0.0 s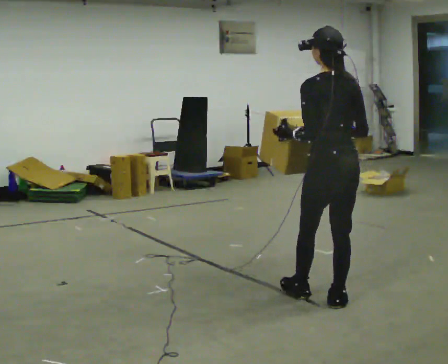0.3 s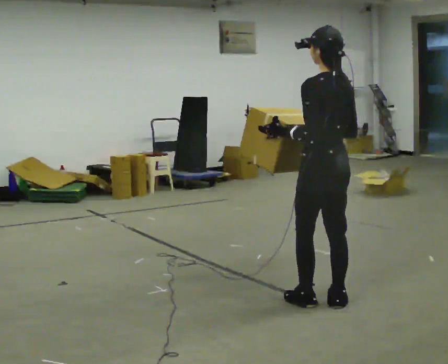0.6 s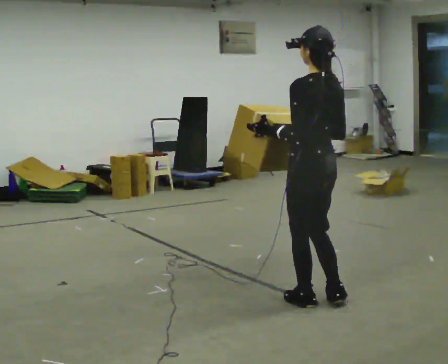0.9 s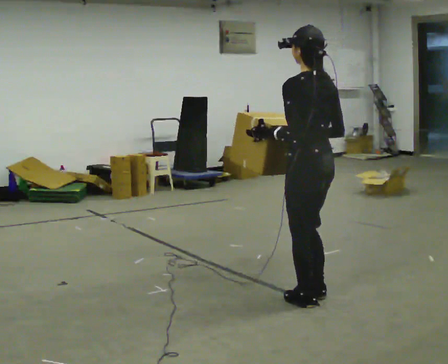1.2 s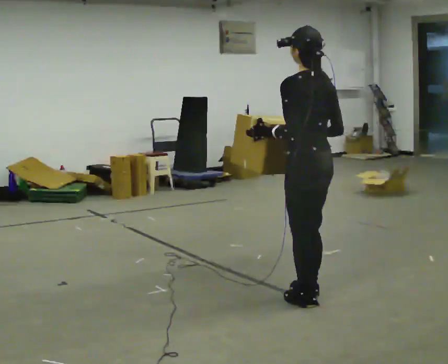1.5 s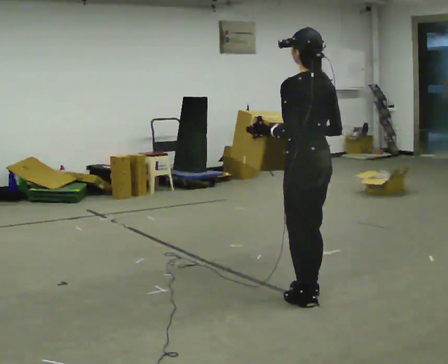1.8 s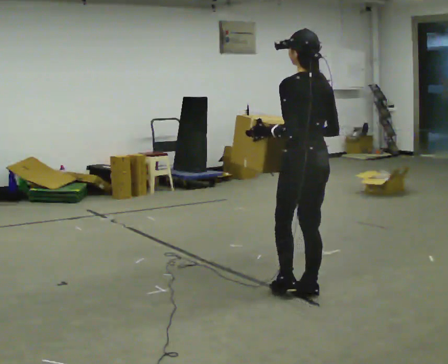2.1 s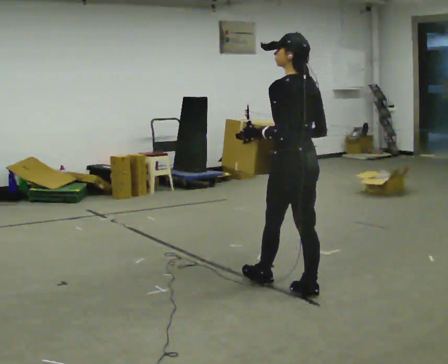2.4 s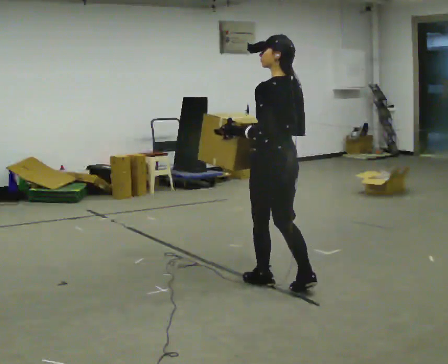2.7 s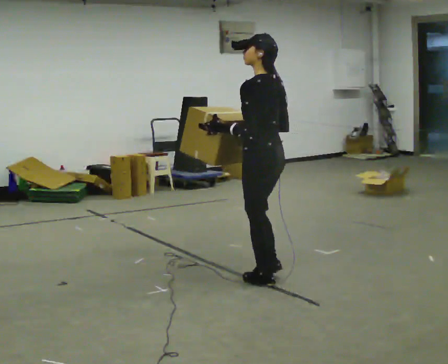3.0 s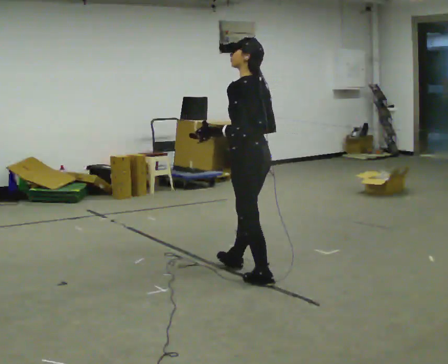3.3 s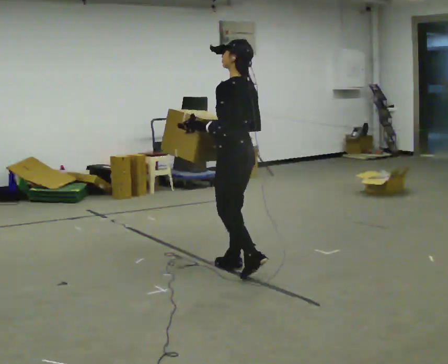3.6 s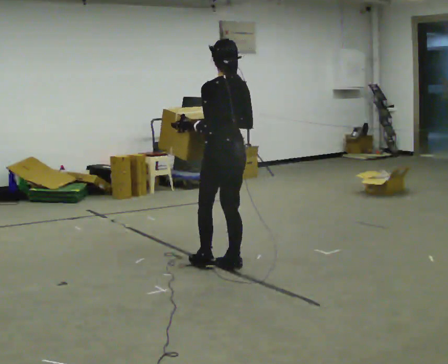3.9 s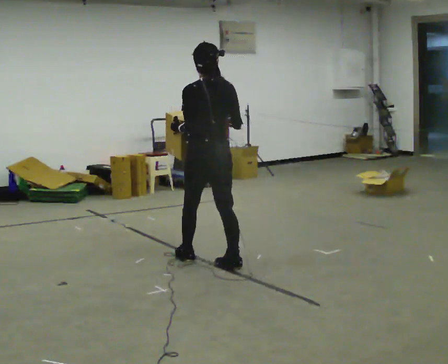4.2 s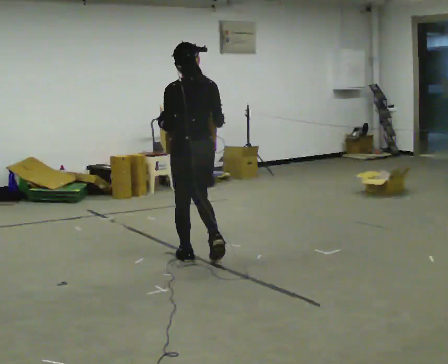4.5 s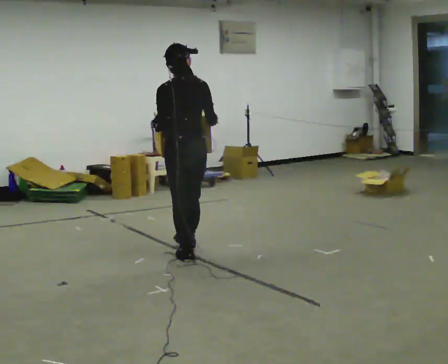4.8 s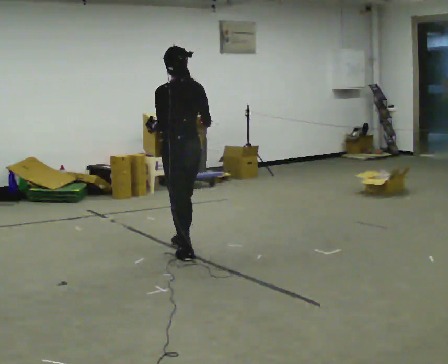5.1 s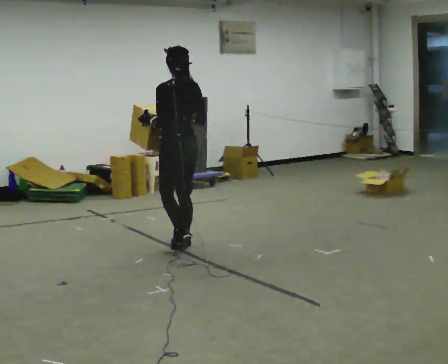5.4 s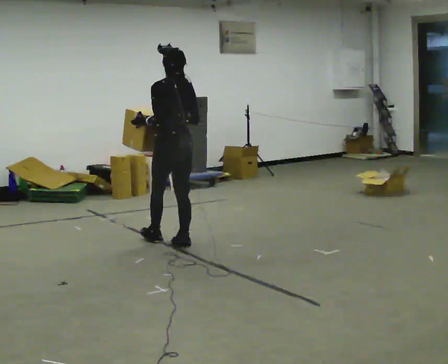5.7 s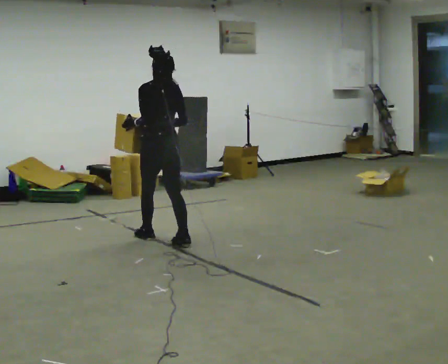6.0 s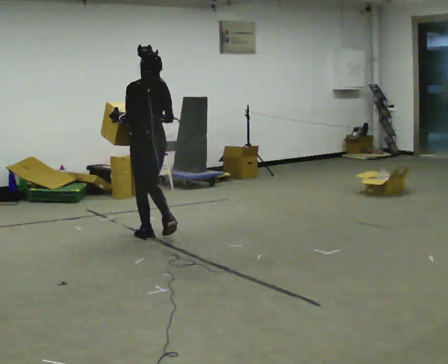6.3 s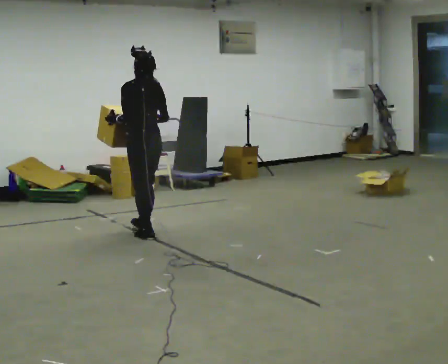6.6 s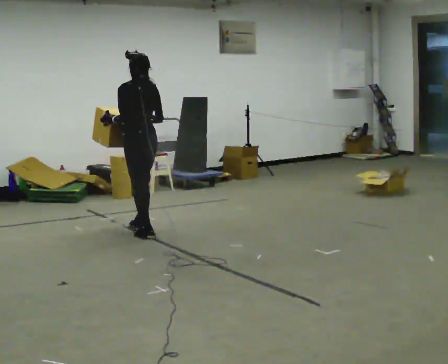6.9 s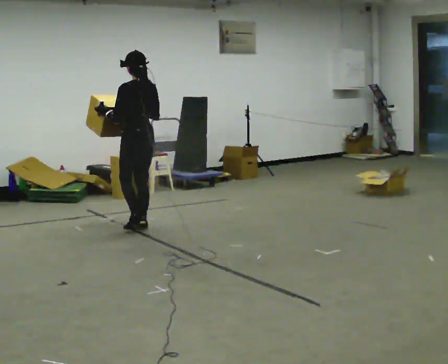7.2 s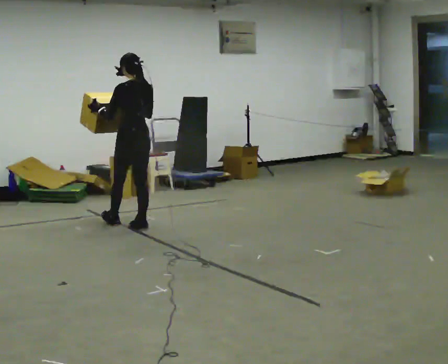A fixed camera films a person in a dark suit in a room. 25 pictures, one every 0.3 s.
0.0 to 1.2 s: The person moves a little, or ends about where they began.
1.2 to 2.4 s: In the picture they go away from the camera and to the left, about 0.25 m in 1 step, which for them is forward.
2.4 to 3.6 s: In the picture they go away from the camera and to the left, about 0.5 m in 1 step, which for them is forward.
3.6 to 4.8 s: In the picture they go away from the camera and to the left, about 0.5 m in 2 steps, which for them is forward and to their left.
4.8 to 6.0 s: In the picture they go away from the camera and to the left, about 0.5 m in 1 step, which for them is forward.
6.0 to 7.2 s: In the picture they go away from the camera and to the left, about 0.5 m in 1 step, which for them is forward.
The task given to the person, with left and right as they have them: Carry the box across the room while freely looking around at the walls, ceiling and floor. Keep going until the operator says stop; one object at a time, and do not rush between trips.
The film runs forward here.
